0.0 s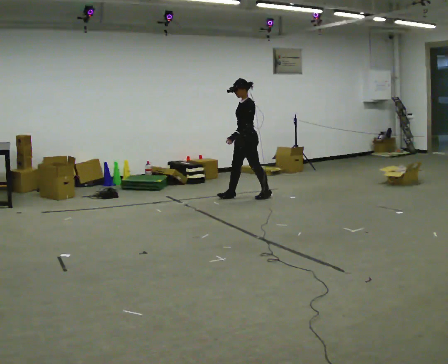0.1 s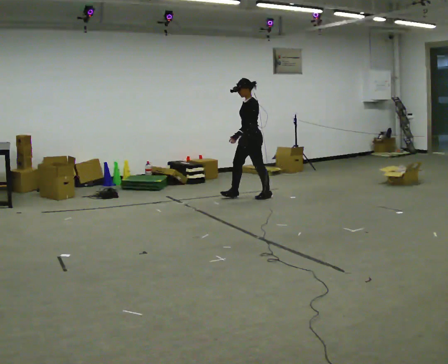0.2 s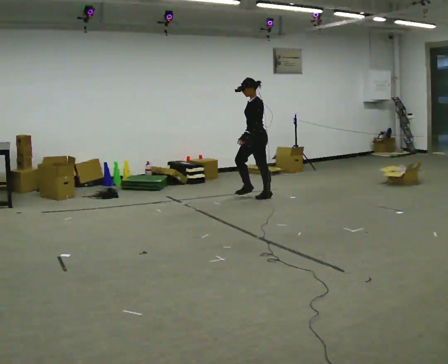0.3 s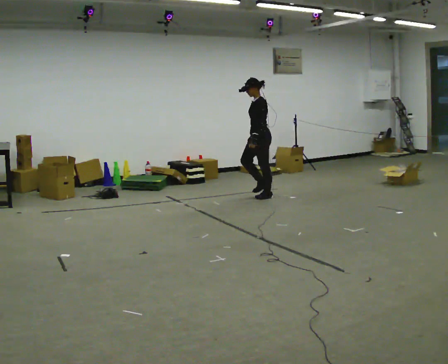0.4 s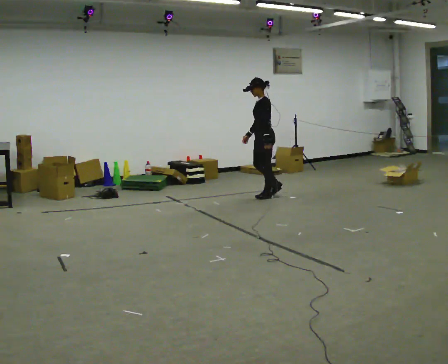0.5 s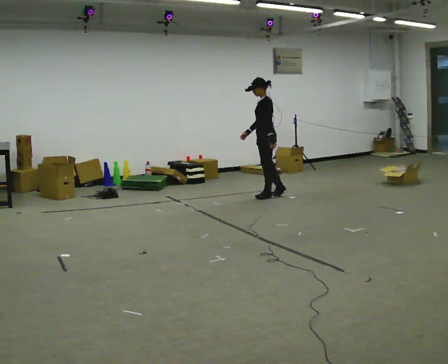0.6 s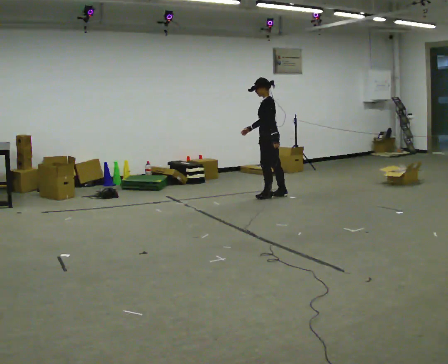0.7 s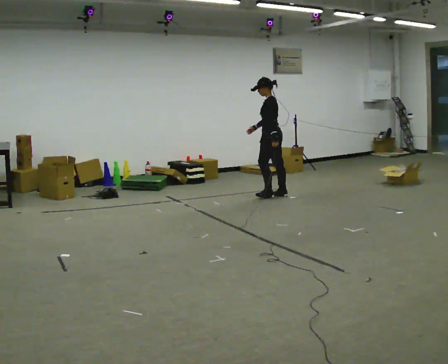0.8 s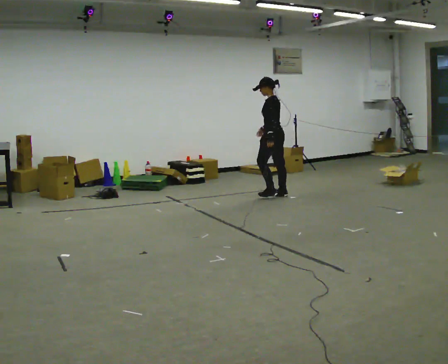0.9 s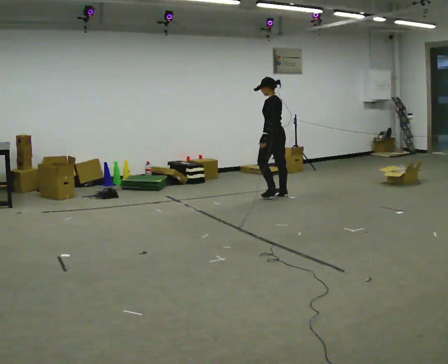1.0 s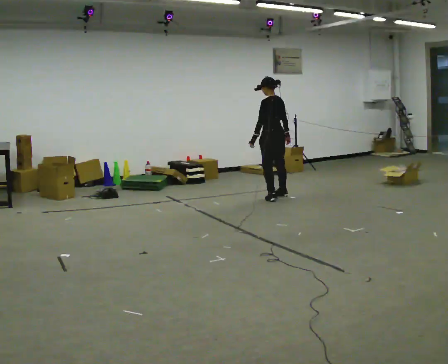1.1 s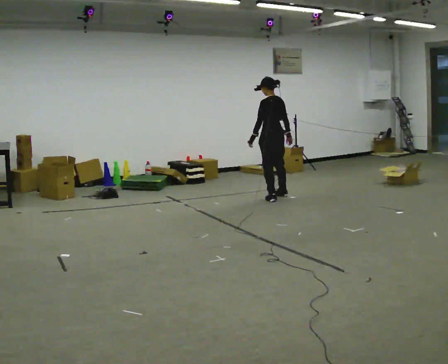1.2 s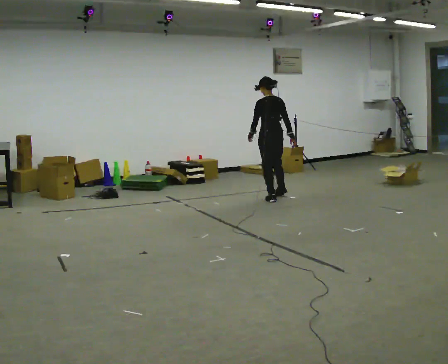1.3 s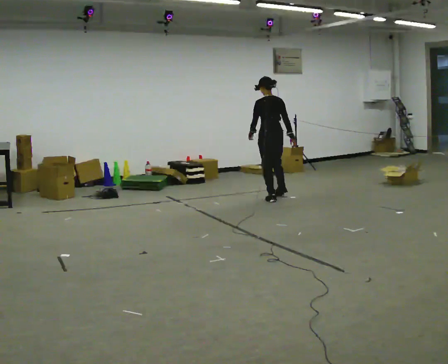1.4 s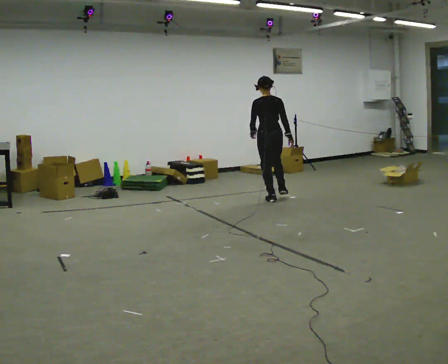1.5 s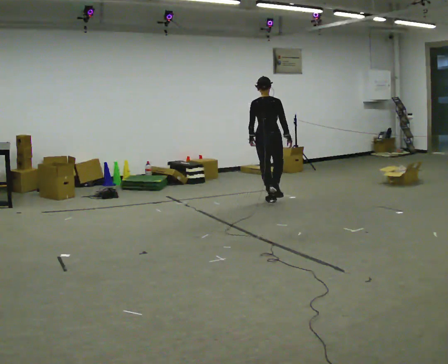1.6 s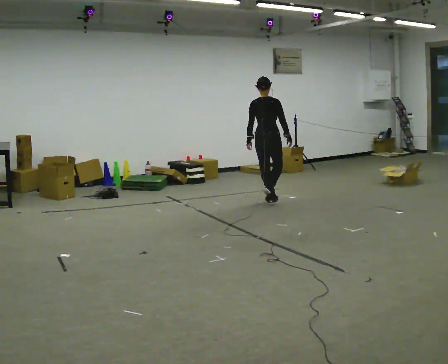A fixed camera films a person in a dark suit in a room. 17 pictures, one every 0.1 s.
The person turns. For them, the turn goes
to their right.
The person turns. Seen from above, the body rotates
clockwise.
0.0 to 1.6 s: The part of the body nearest the lens slides to the left as the person turns to their right by about 120 degrees. In the picture they go toward the camera and to the right, about 0.25 m in 2 steps.
The film runs backward here.
